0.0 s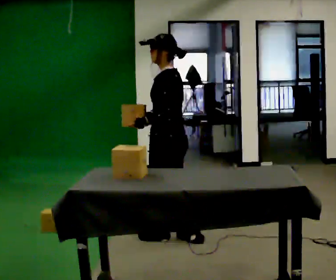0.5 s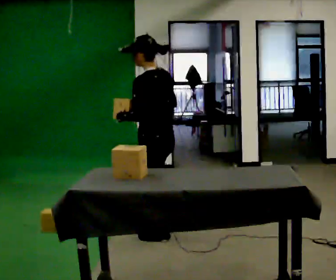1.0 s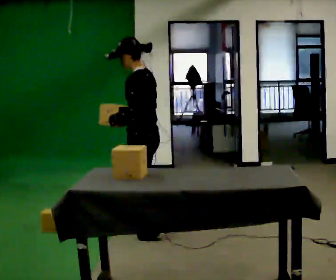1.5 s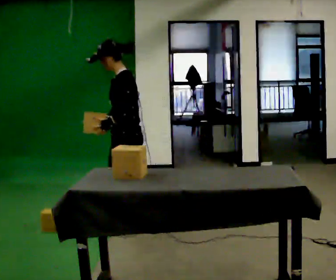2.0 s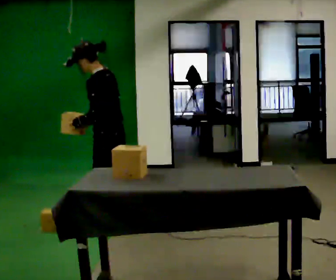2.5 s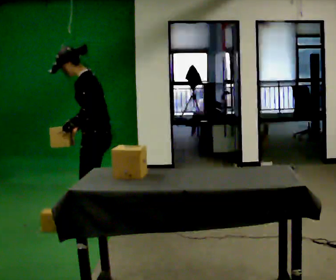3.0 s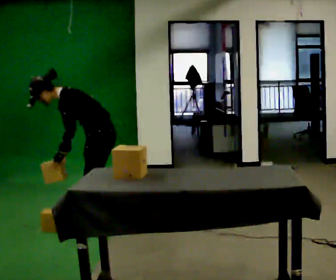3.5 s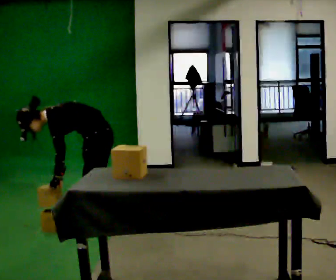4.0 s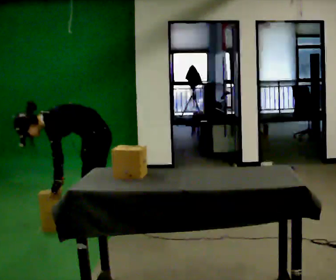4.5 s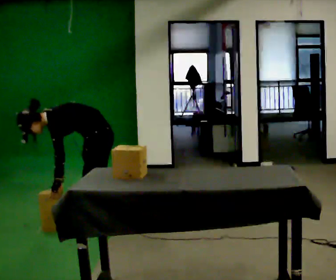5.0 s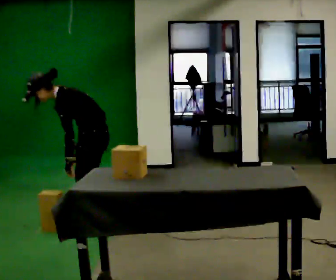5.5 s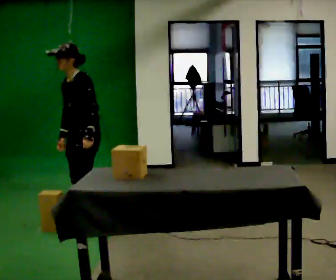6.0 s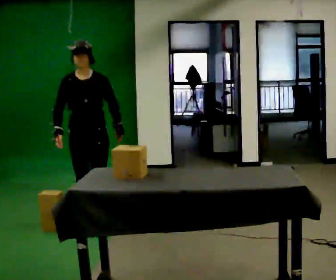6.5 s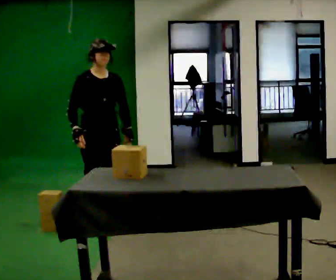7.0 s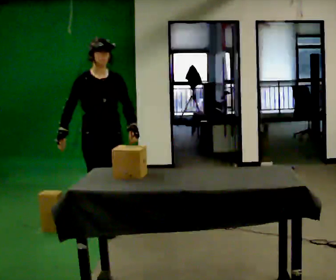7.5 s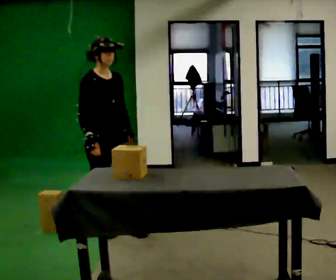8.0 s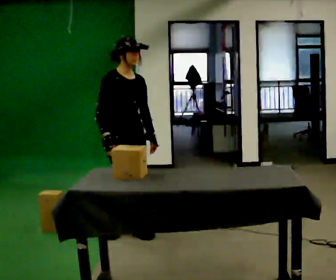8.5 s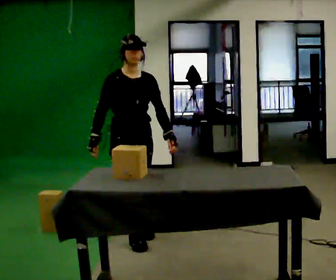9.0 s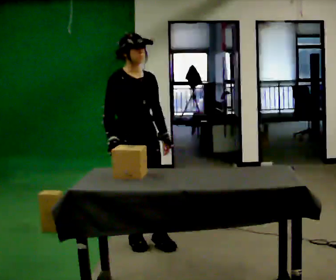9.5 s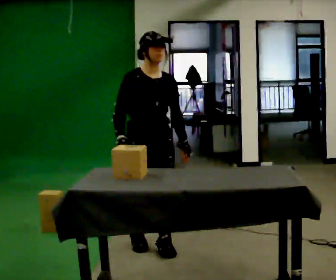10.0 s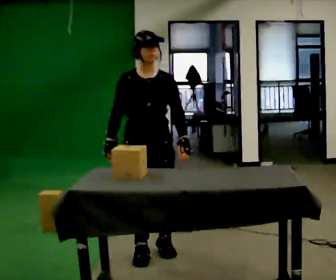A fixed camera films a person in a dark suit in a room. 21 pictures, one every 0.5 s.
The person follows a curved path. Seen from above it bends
counterclockwise.
0.0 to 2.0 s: In the picture they go to the left and away from the camera, about 0.5 m in 2 steps, which for them is forward.
2.0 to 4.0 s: The shoulders move downward. In the picture the upper body tilts counterclockwise, shoulders to the left, as they bend forward. In the picture their left hand goes downward.
4.0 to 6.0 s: The person turns about 75 degrees to their left, counterclockwise seen from above, so the part of the body nearest the lens slides to the right. In the picture they go away from the camera, about 0.25 m in 2 steps. The upper body goes upward. In the picture the upper body tilts clockwise, shoulders to the right, as they lean back or straighten. In the picture their left hand goes to the right and upward.
6.0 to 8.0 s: The part of the body nearest the lens slides to the right as the person turns to their left by about 45 degrees. In the picture they go toward the camera and to the right, about 0.5 m in 2 steps, which for them is forward.
8.0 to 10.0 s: The part of the body nearest the lens slides to the left as the person turns to their right by about 30 degrees. In the picture they go toward the camera, about 0.5 m in 3 steps, which for them is forward.
The film runs forward here.
